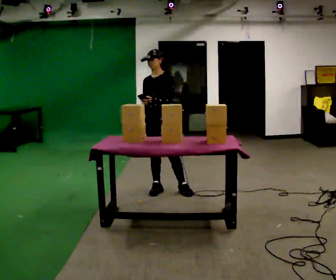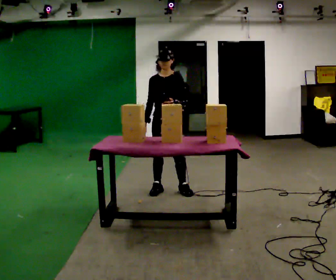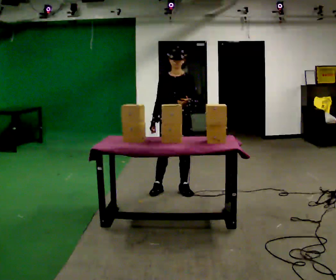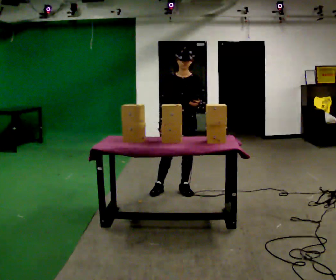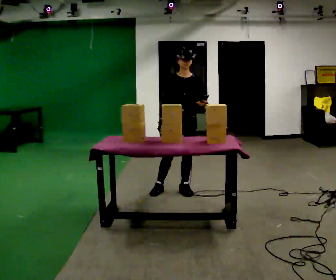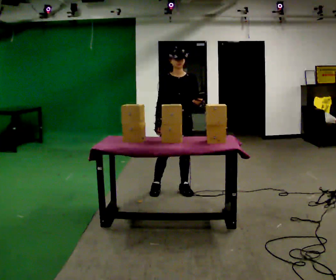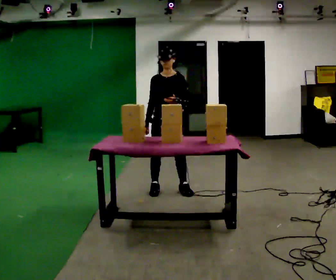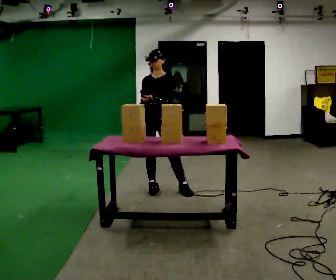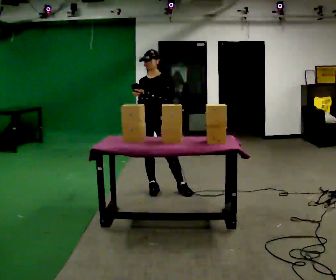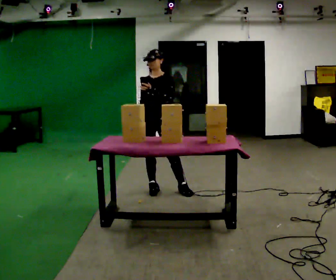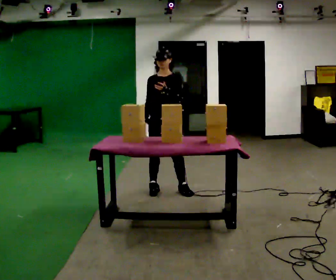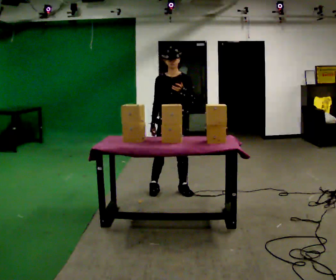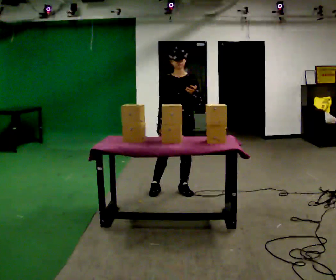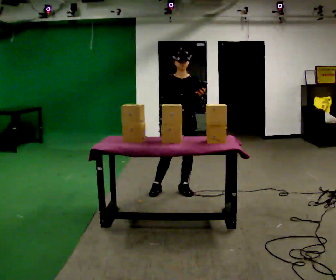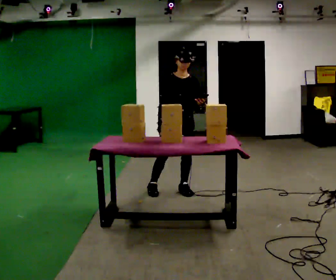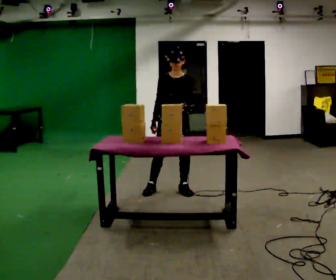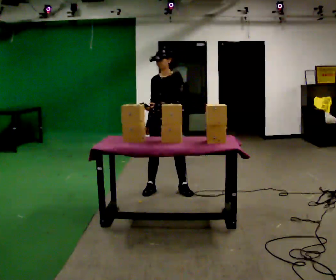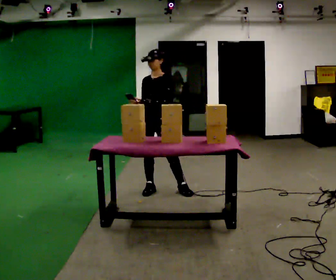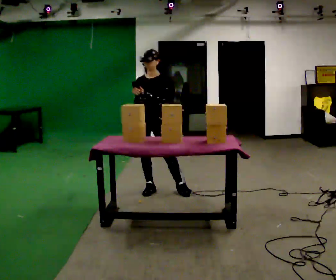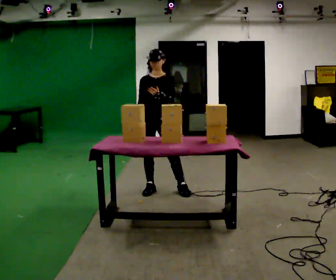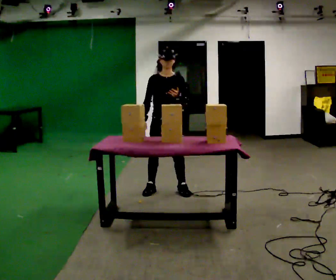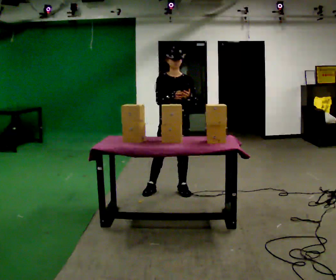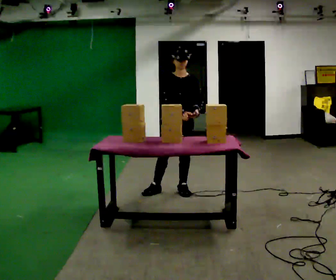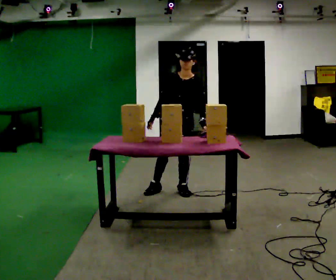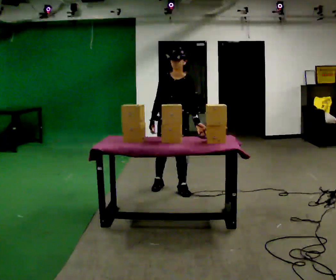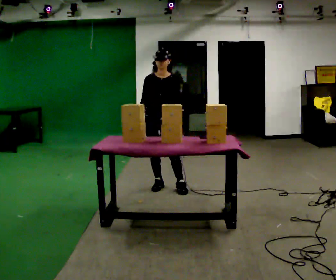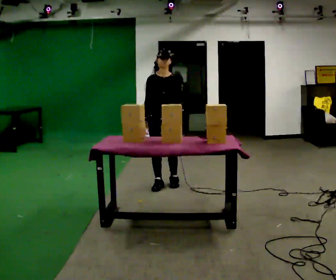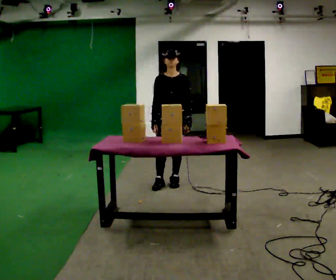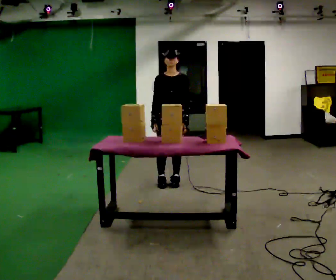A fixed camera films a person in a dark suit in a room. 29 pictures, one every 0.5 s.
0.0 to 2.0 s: The person turns about 30 degrees to their left, counterclockwise seen from above, so the part of the body nearest the lens slides to the right. In the picture they go to the right, about 0.25 m, which for them is to their left. In the picture their left hand goes to the right.
2.0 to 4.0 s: In the picture they go to the left, about 0.25 m, which for them is to their right.
4.0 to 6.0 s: In the picture they go to the right, about 0.25 m, which for them is to their left.
6.0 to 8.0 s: The person turns about 30 degrees to their right, clockwise seen from above, so the part of the body nearest the lens slides to the left. In the picture they go to the left, about 0.25 m, which for them is to their right. In the picture their left hand goes to the left.
8.0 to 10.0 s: Seen from above the body turns counterclockwise, about 30 degrees: to their left, with its near side sliding to the right.
10.0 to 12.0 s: The person moves a little, or ends about where they began.
12.0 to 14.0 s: In the picture they go away from the camera, about 0.25 m in 1 step, which for them is backward. The upper body tips away from the camera, its near side rolling upward, as they lean back or straighten.
The film runs forward here.
